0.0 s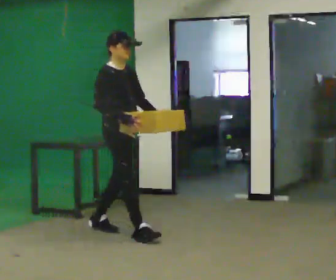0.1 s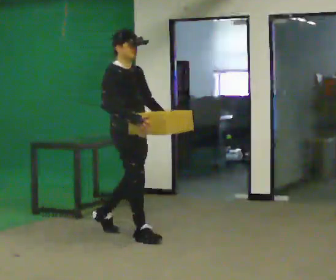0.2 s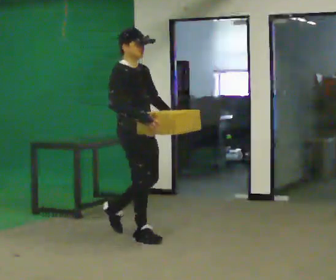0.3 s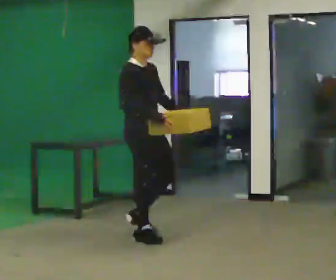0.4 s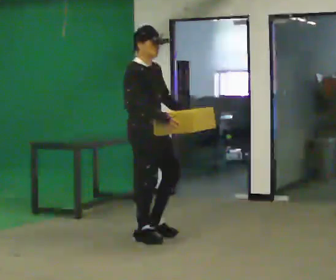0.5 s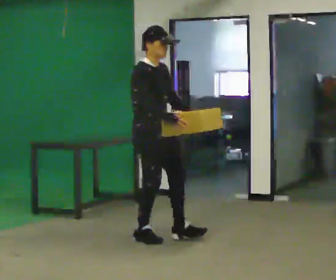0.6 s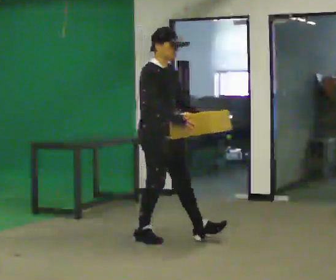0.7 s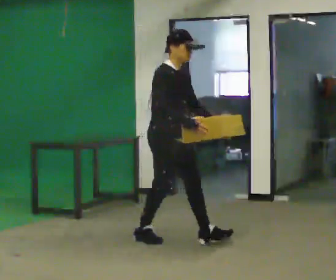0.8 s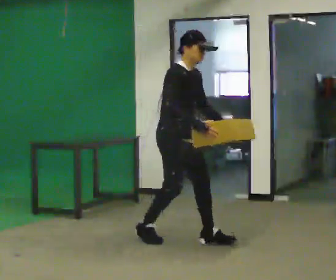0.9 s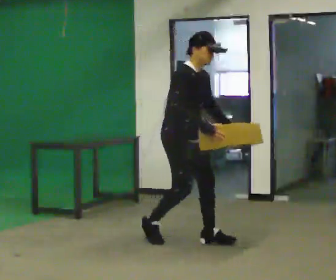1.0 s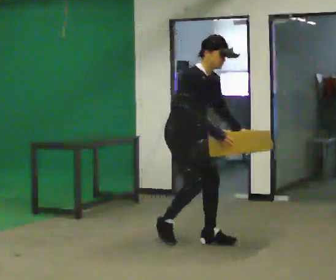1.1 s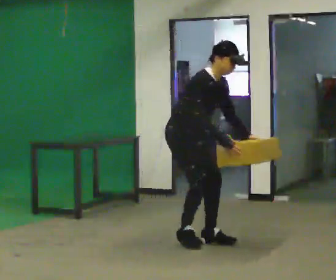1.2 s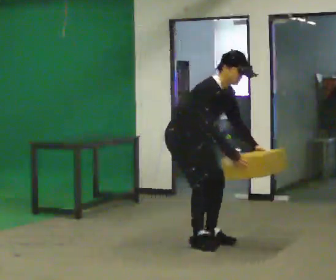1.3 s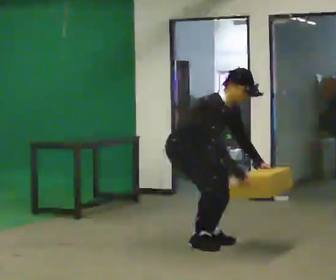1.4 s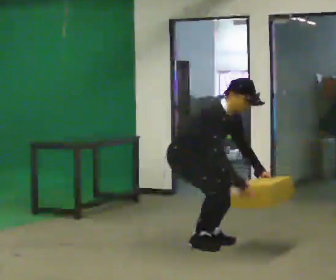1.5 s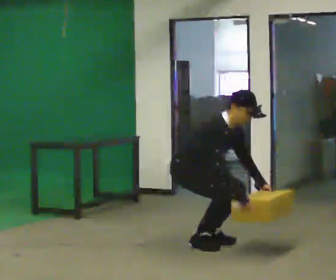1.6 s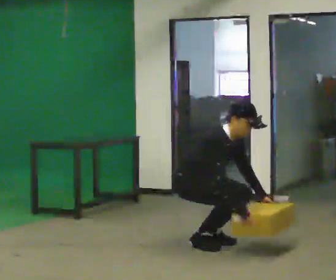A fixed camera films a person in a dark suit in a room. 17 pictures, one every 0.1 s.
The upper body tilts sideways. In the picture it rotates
clockwise.
Their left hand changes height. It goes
downward.
0.0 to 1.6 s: In the picture they go to the right and toward the camera, about 0.75 m in 2 steps, which for them is forward. The shoulders move downward. In the picture the upper body tilts clockwise, shoulders to the right, as they bend forward. In the picture their right hand goes downward.
The film runs forward here.
